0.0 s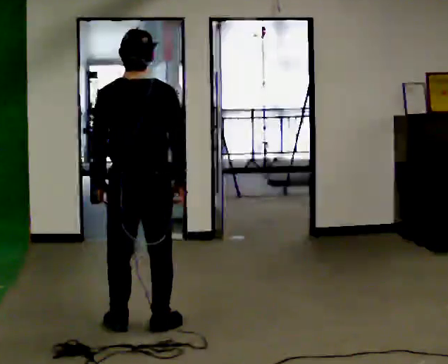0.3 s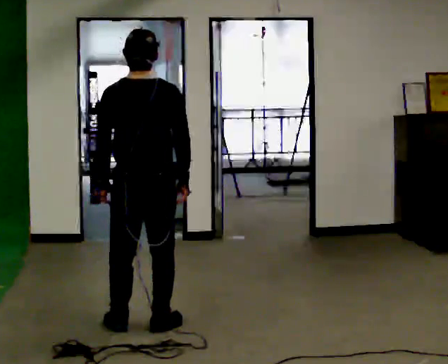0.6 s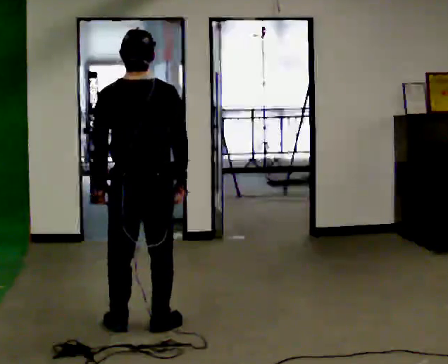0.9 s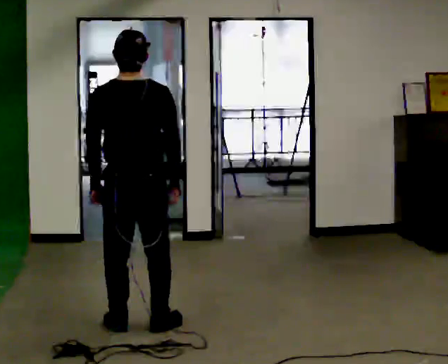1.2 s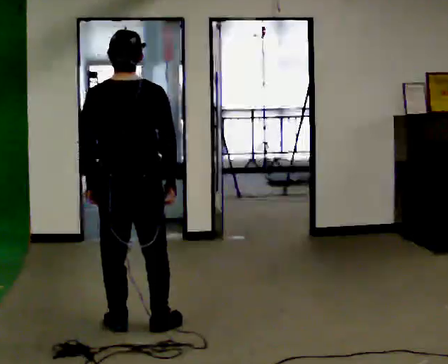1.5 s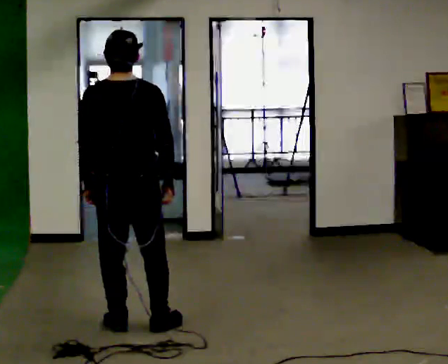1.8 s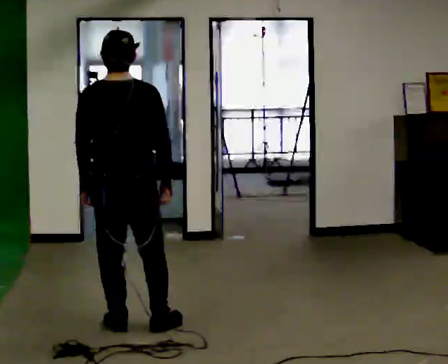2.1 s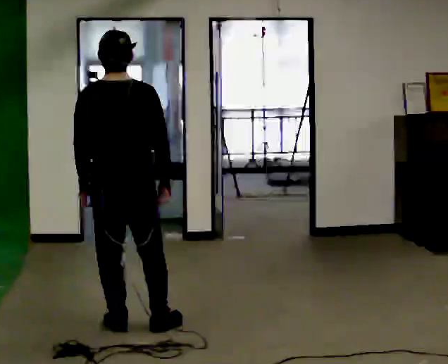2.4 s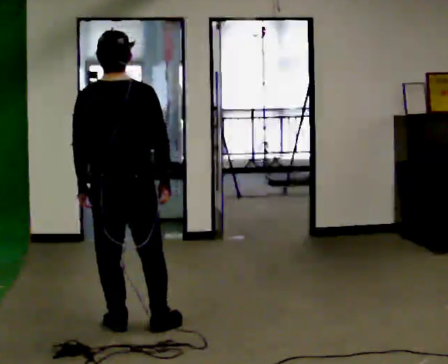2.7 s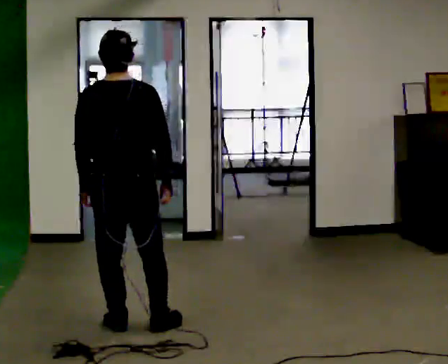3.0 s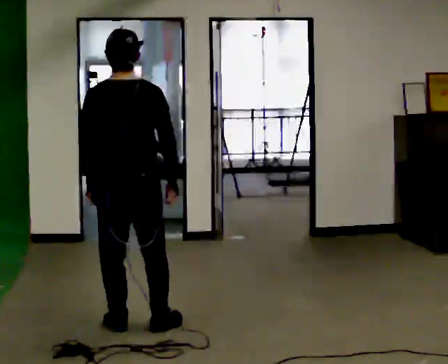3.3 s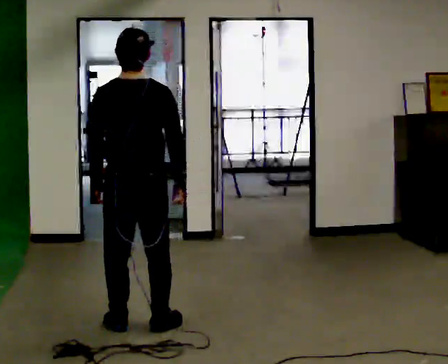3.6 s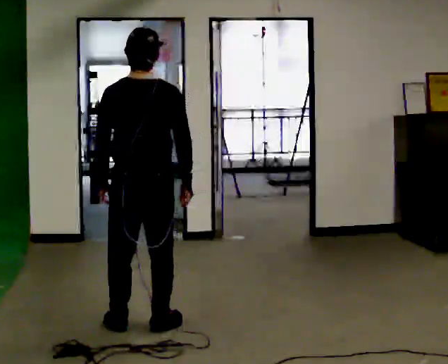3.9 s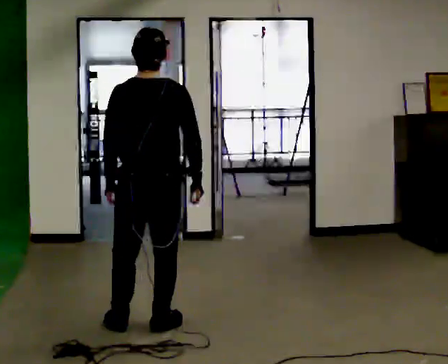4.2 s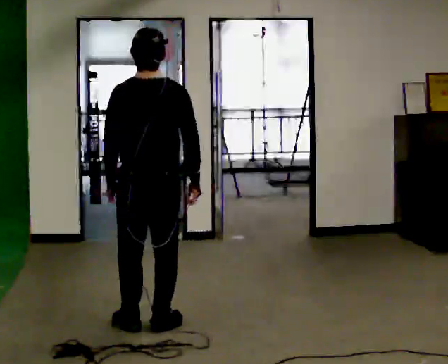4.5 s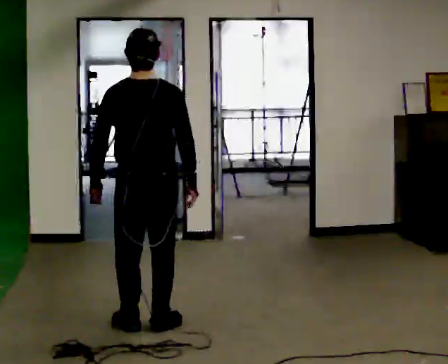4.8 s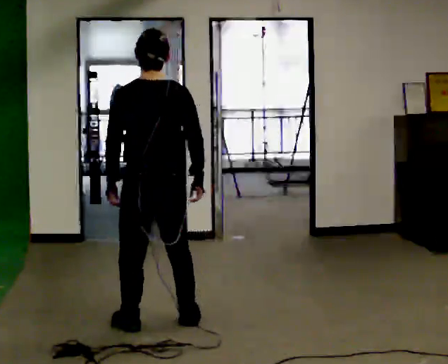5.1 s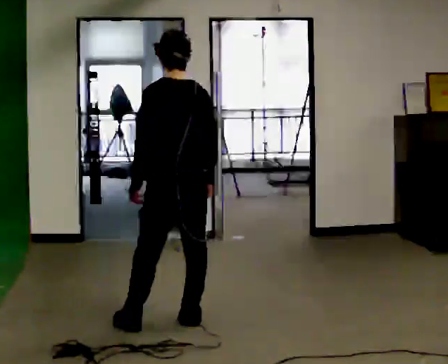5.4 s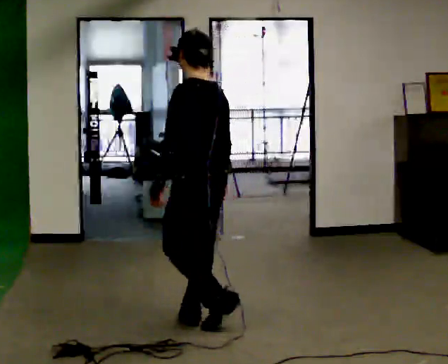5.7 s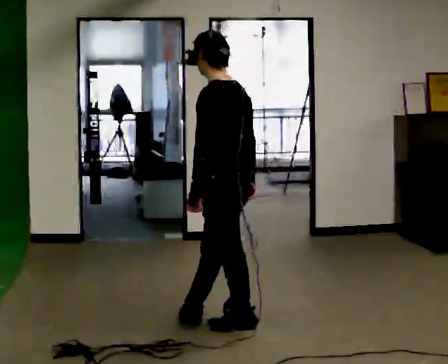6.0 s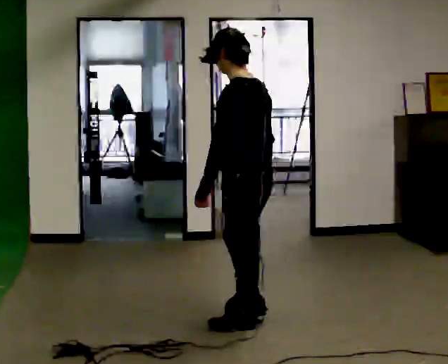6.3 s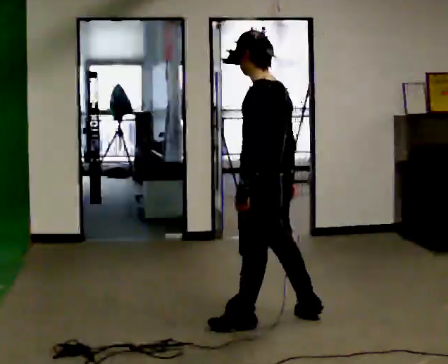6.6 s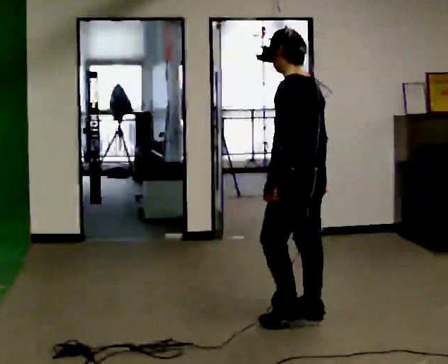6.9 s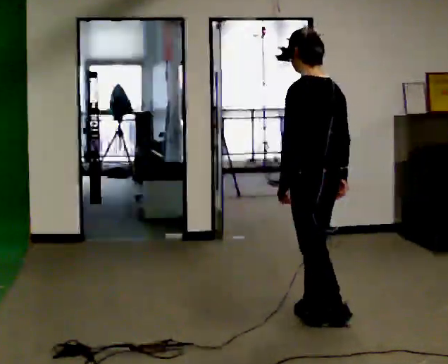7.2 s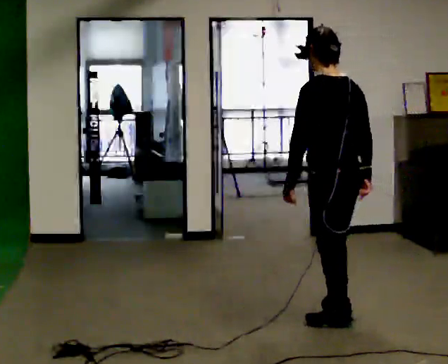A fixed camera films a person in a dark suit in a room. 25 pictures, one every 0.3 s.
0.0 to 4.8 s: The person moves a little, or ends about where they began.
4.8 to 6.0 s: The part of the body nearest the lens slides to the right as the person turns to their left by about 60 degrees. In the picture they go to the right, about 0.5 m in 2 steps, which for them is backward and to their right.
6.0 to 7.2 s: The part of the body nearest the lens slides to the left as the person turns to their right by about 30 degrees. In the picture they go to the right, about 0.5 m in 2 steps, which for them is backward and to their right.
The film runs backward here.
